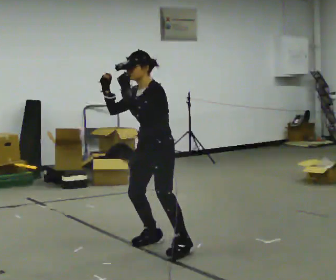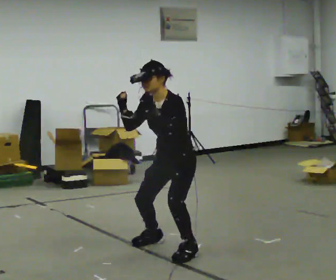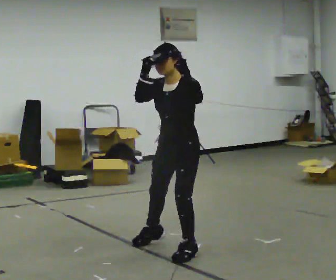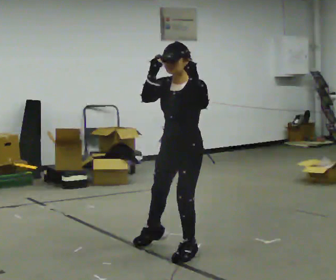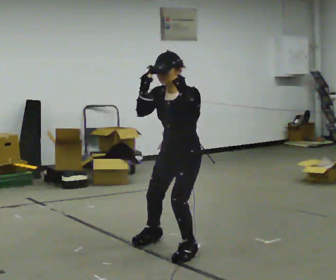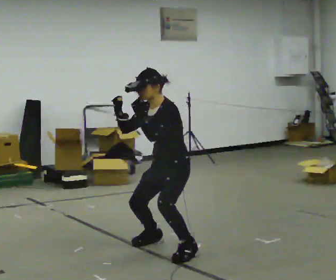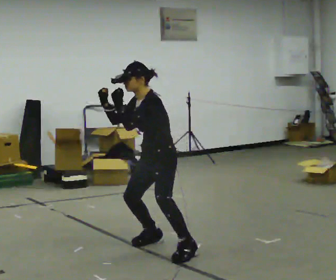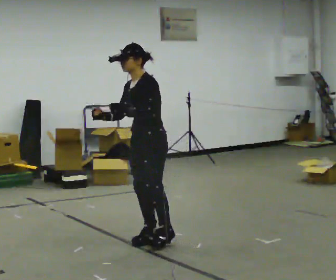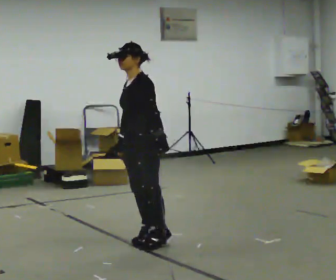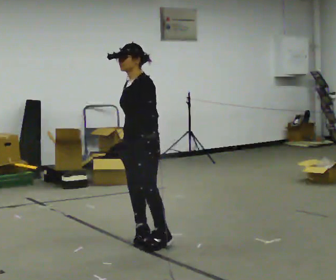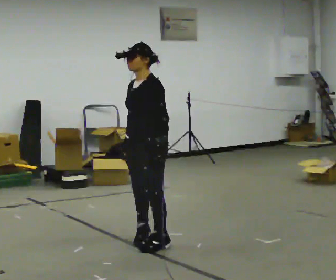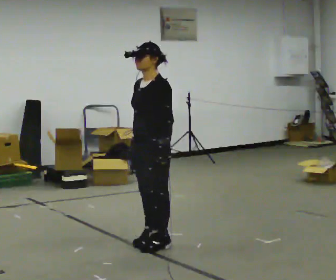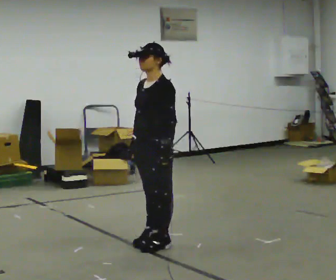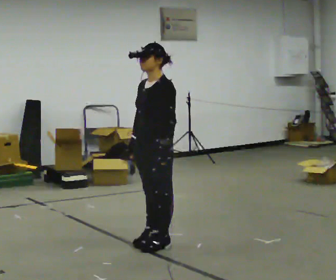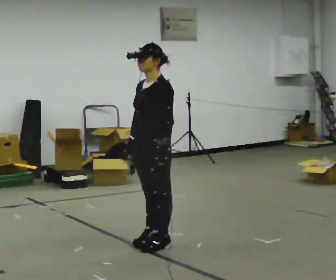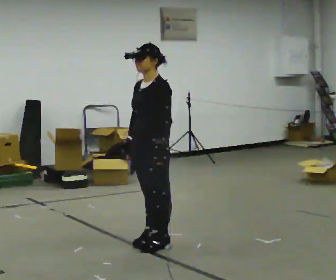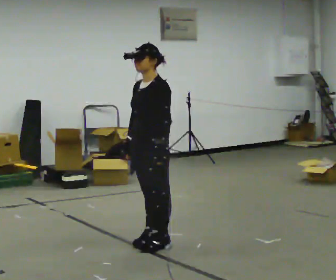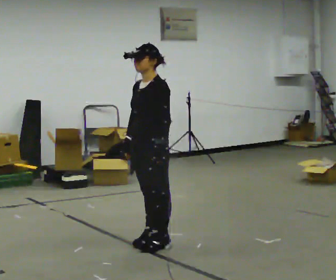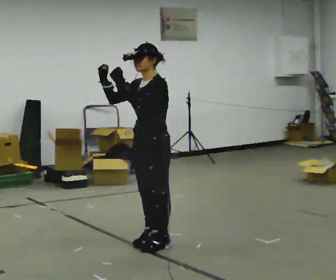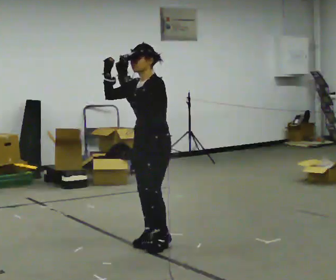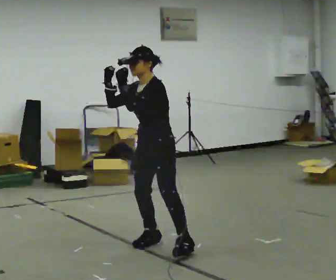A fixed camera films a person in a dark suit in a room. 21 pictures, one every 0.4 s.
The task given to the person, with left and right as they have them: Move as if avoiding punches: slip your head side to side, duck, and raise your guard. Repeat the movement at your own pace until the operator says stop; do not rush.
0.0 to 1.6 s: In the picture they go toward the camera and to the right, about 0.25 m in 1 step, which for them is to their left.
1.6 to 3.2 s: The person turns about 30 degrees to their right, clockwise seen from above, so the part of the body nearest the lens slides to the left. In the picture they go to the left and away from the camera, about 0.5 m in 1 step, which for them is to their right and forward. The upper body tips away from the camera, its near side rolling upward. In the picture their right hand goes downward.
3.2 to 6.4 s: The person moves a little, or ends about where they began.
6.4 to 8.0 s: In the picture their right hand goes upward, the arm swinging clockwise.
The film runs forward here.
